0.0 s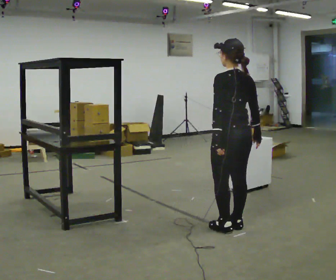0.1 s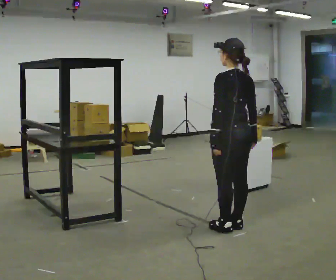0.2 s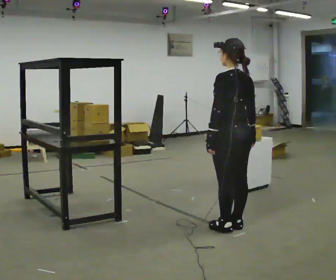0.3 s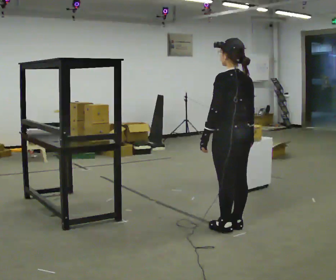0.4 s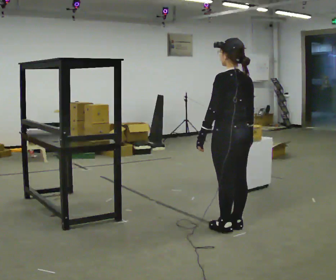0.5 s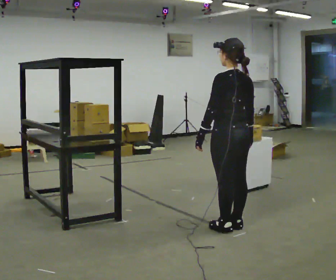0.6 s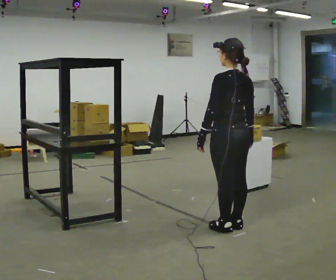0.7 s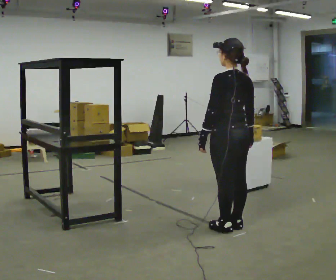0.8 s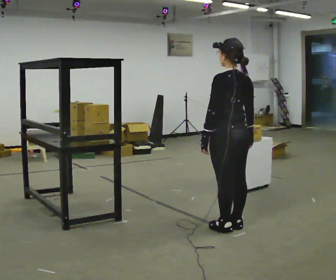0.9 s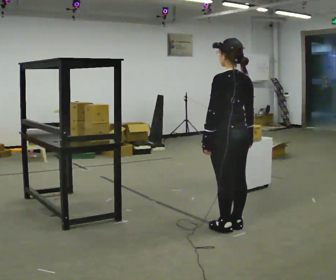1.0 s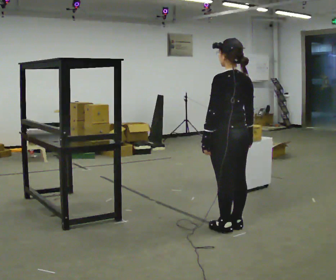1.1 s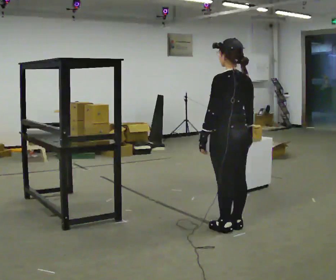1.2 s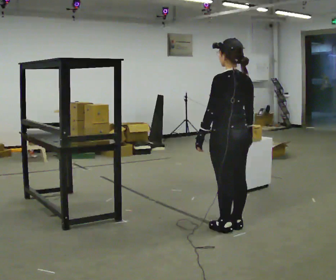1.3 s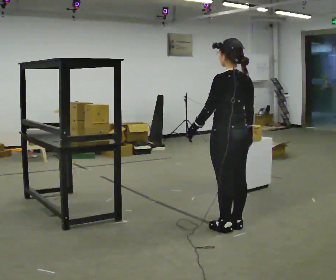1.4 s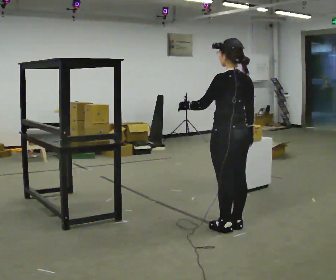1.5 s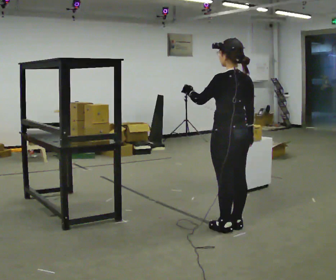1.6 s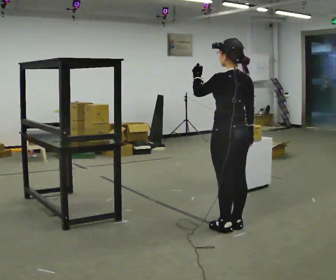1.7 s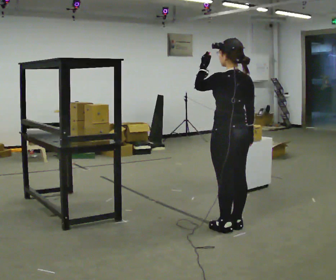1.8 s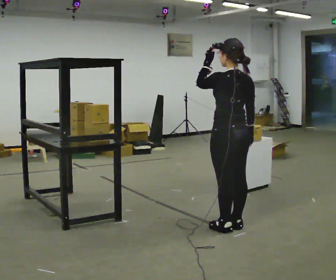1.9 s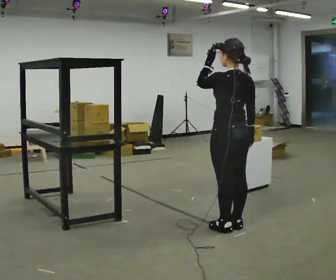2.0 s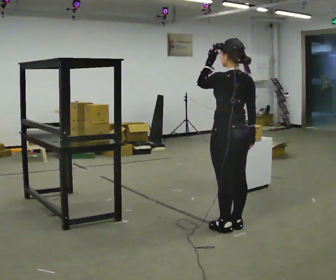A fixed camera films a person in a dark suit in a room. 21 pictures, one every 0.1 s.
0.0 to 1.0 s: The person moves a little, or ends about where they began.
1.0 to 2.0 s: In the picture their left hand goes upward.
The film runs forward here.
